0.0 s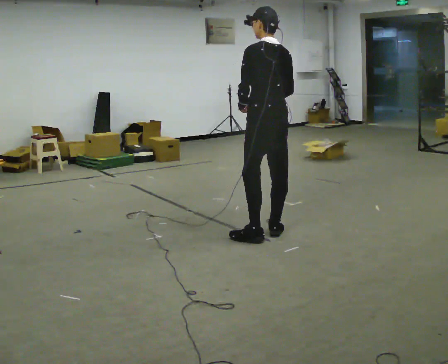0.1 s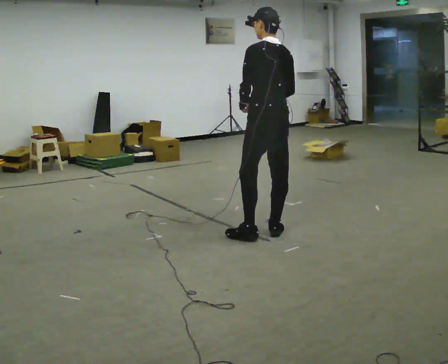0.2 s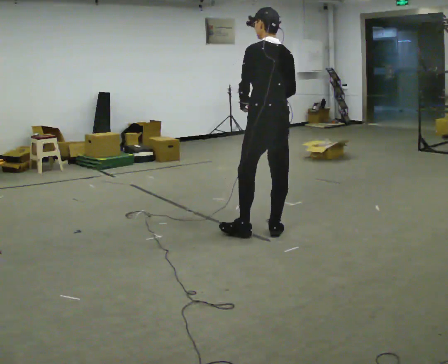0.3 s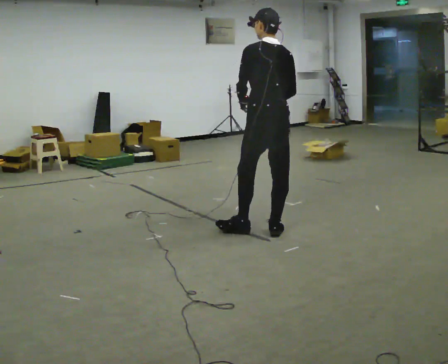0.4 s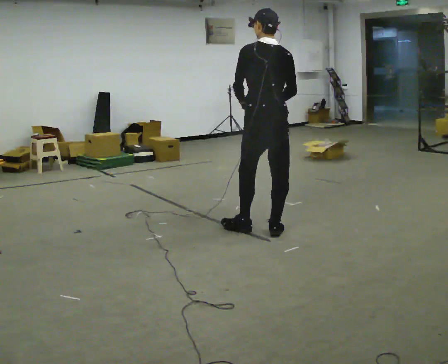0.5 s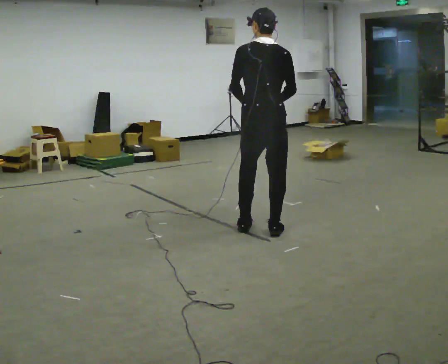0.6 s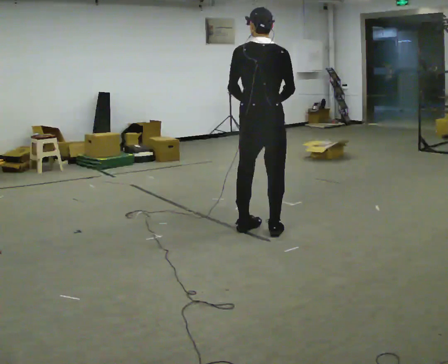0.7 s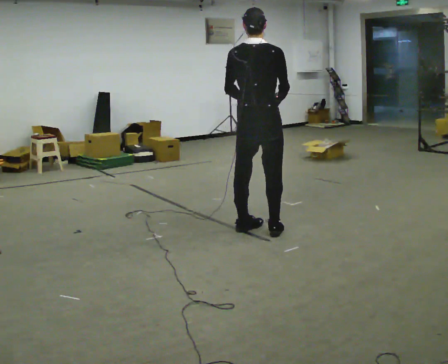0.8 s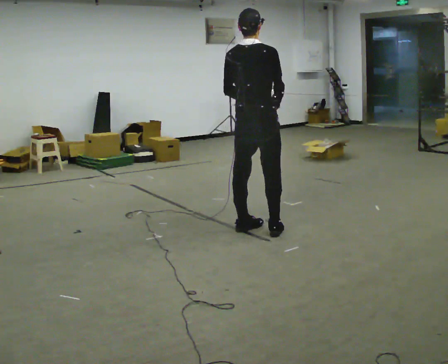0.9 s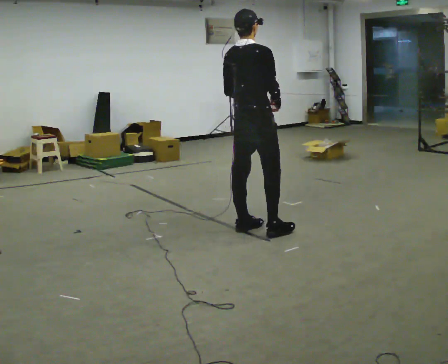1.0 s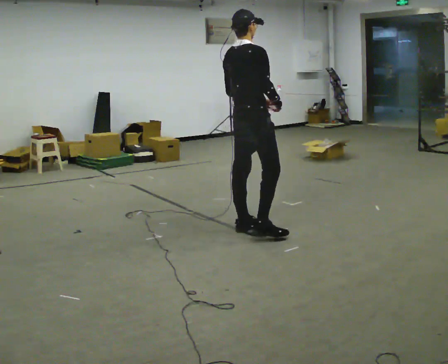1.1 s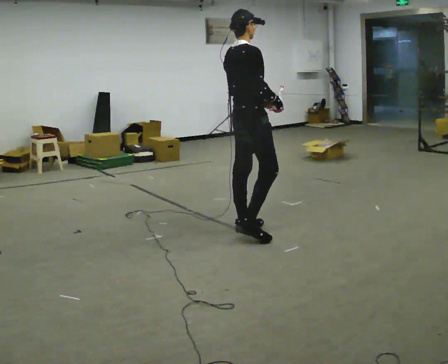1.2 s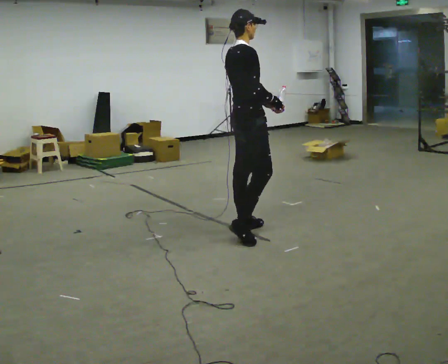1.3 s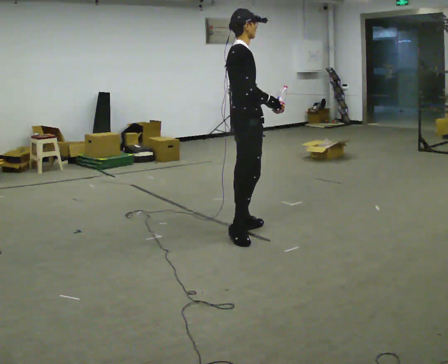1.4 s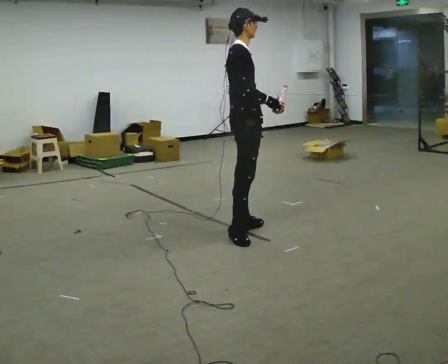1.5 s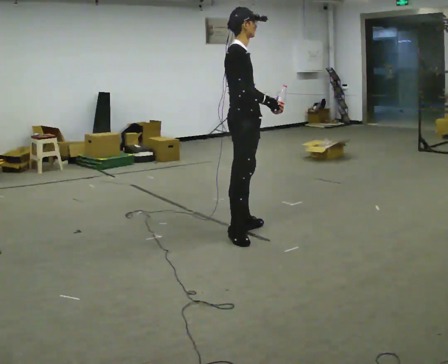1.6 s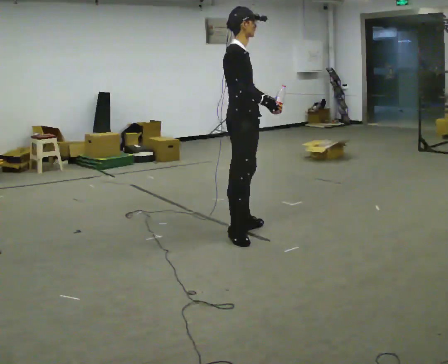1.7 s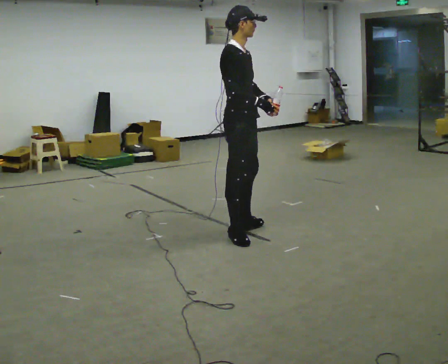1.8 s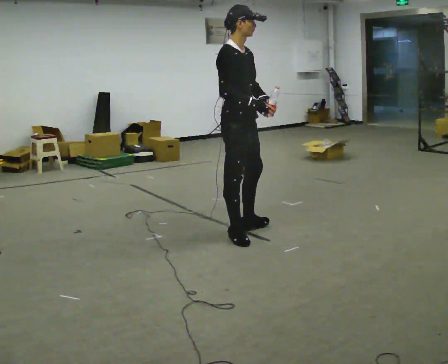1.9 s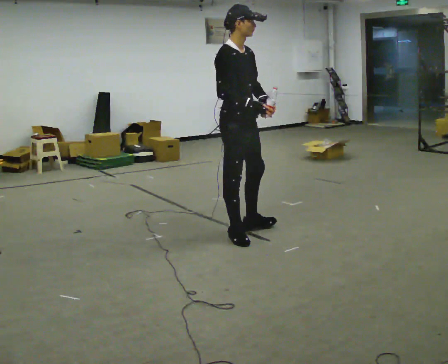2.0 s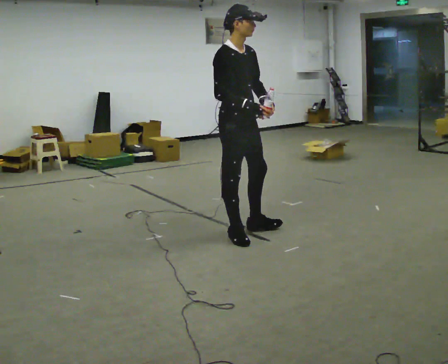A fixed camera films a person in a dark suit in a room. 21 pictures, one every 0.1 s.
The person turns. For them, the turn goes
to their right.
The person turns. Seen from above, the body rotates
clockwise.
0.0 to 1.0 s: Seen from above the body turns clockwise, about 90 degrees: to their right, with its near side sliding to the left. In the picture they go to the left, about 0.25 m in 2 steps.
1.0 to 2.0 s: Seen from above the body turns clockwise, about 75 degrees: to their right, with its near side sliding to the left.
The film runs backward here.
